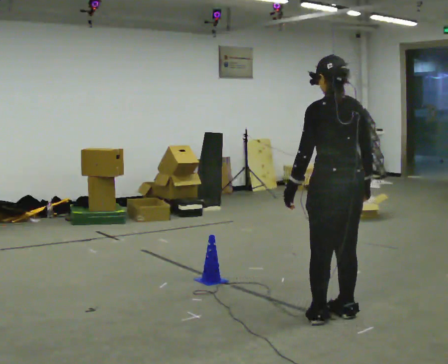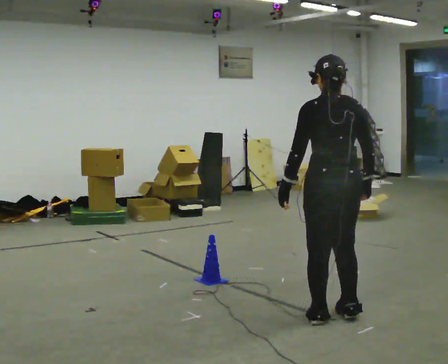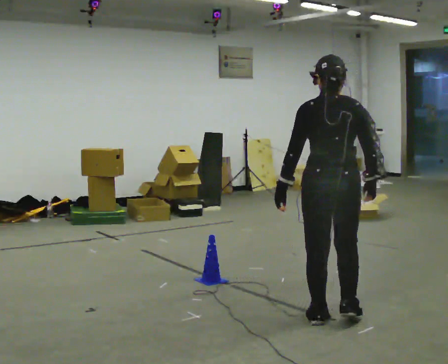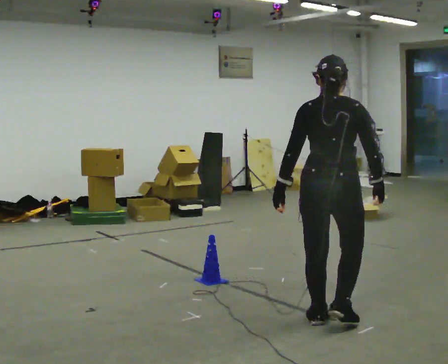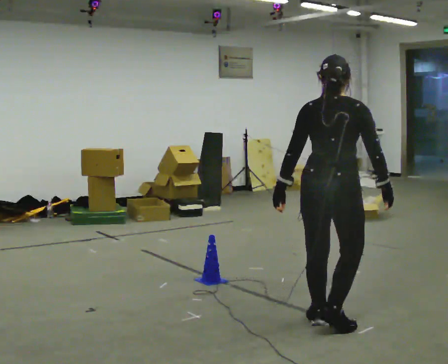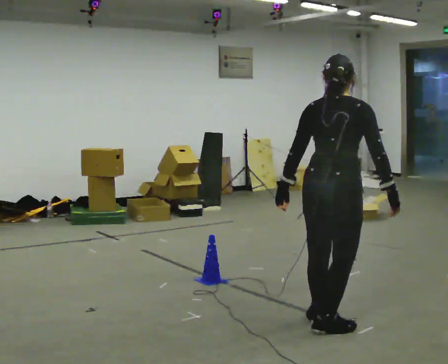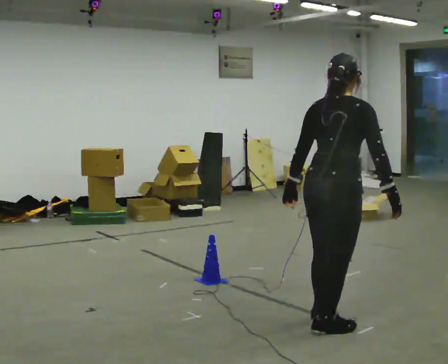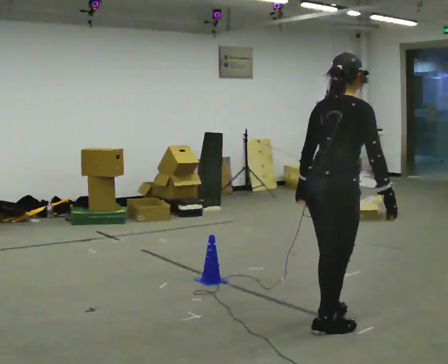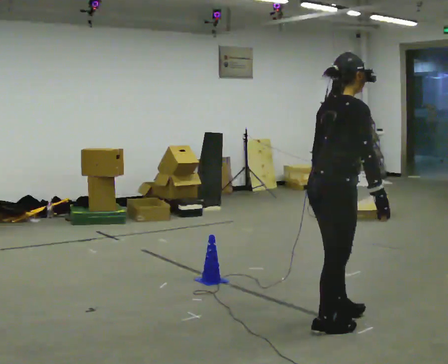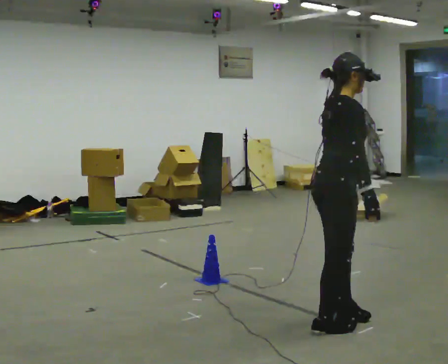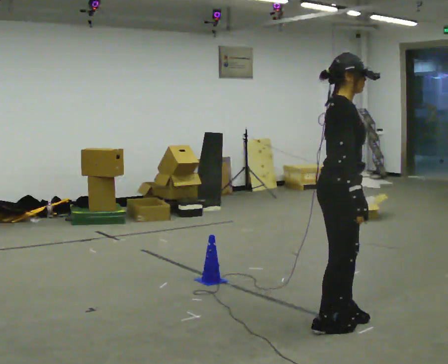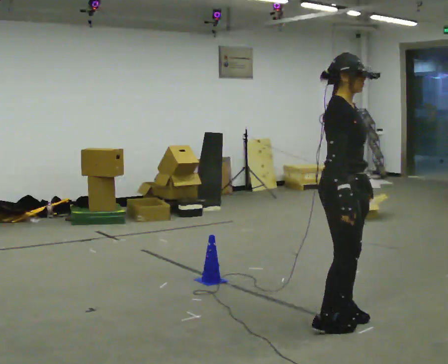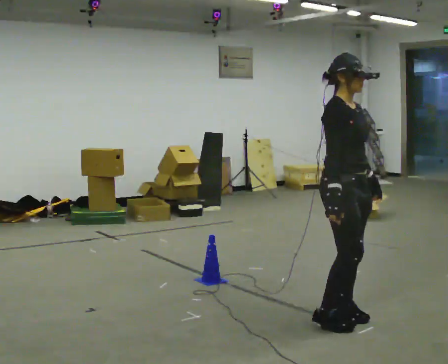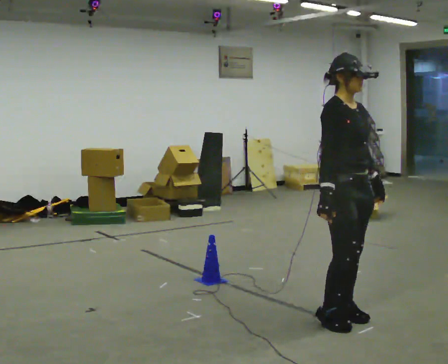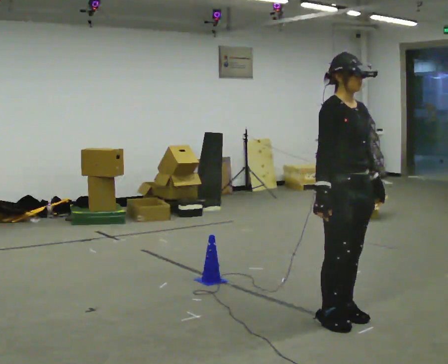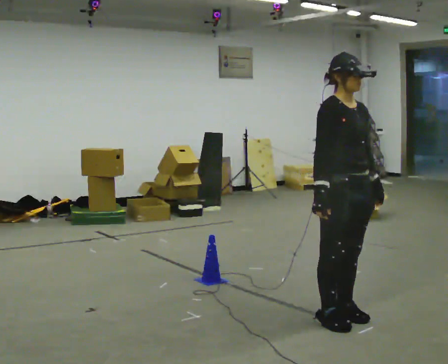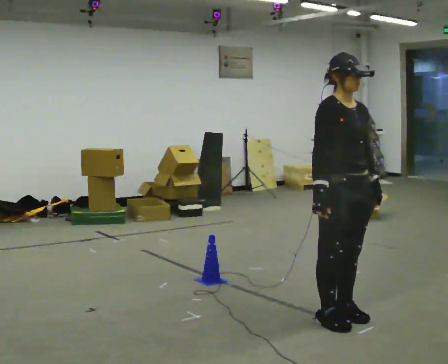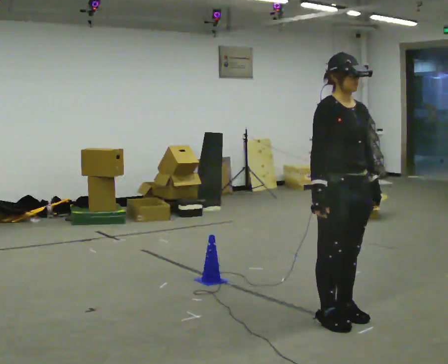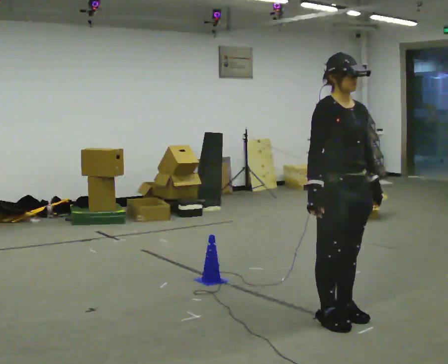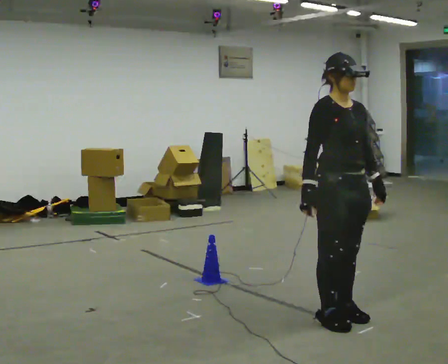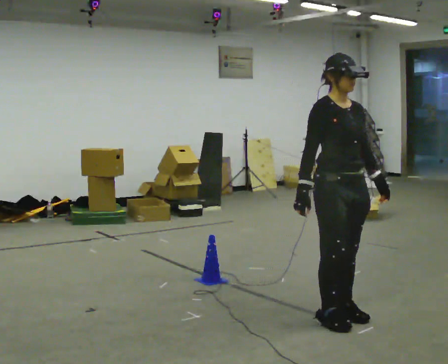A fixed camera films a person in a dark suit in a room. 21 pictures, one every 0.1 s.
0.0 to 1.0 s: Seen from above the body turns clockwise, about 120 degrees: to their right, with its near side sliding to the left. In the picture their left hand goes to the right.
1.0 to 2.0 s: The person turns about 45 degrees to their right, clockwise seen from above, so the part of the body nearest the lens slides to the left.
The film runs backward here.
